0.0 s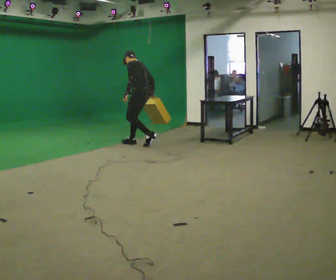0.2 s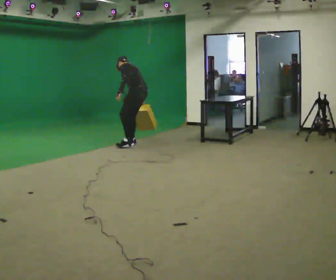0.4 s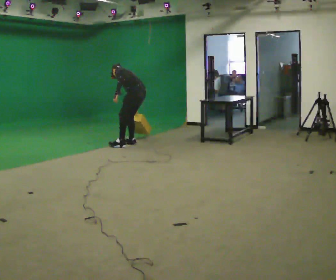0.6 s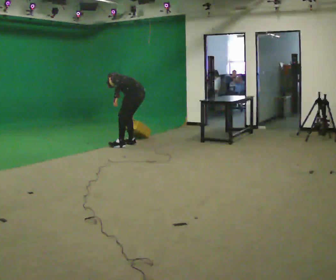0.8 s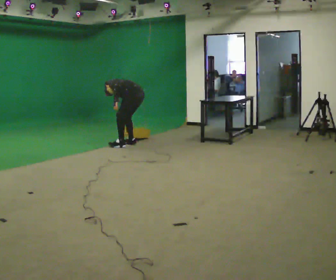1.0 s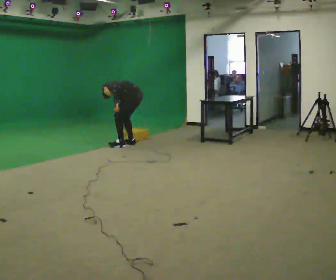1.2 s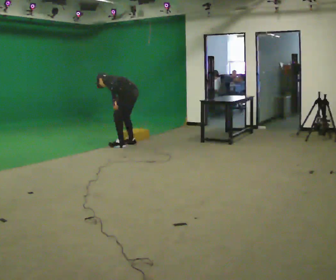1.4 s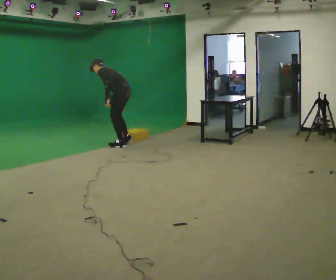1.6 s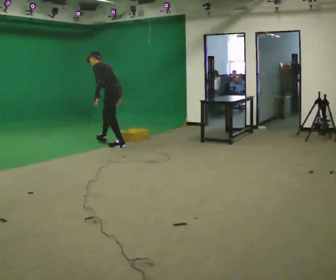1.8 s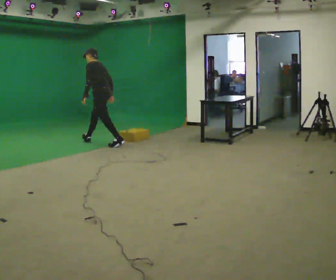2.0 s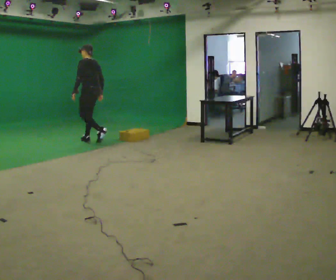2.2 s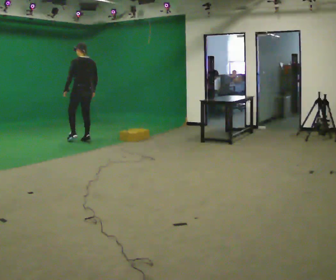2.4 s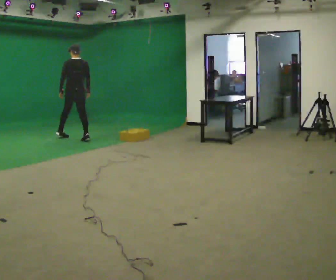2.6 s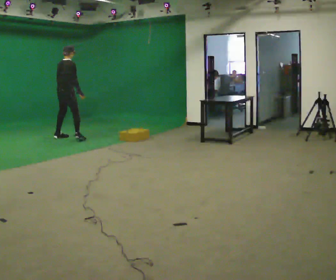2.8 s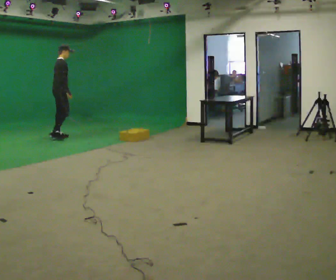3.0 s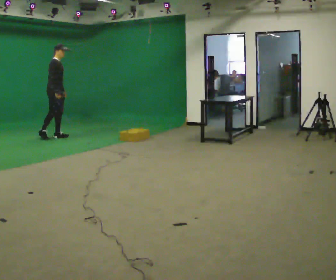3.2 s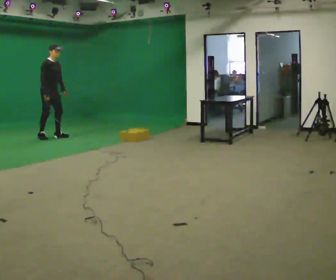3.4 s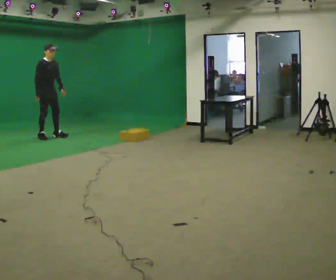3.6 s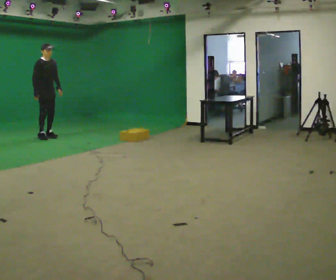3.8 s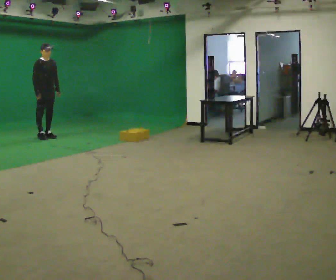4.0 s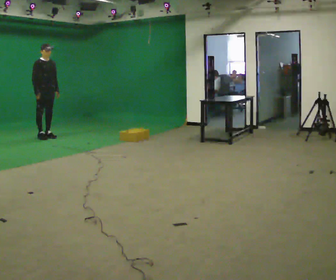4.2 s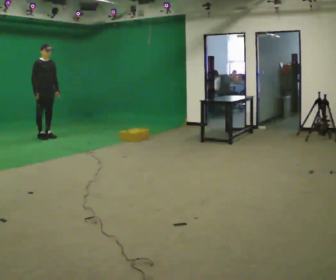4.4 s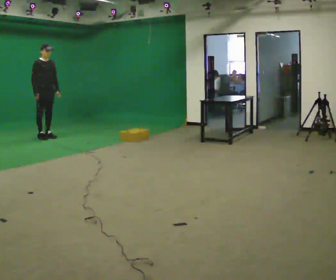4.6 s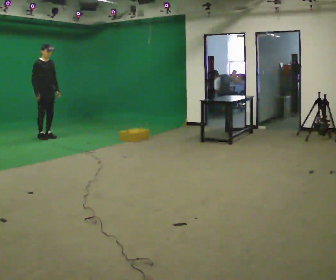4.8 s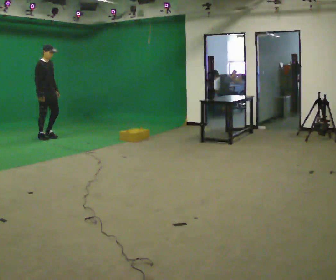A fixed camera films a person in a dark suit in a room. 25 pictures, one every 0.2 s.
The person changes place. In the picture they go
to the left.
0.0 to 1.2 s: In the picture they go to the left, about 0.25 m in 1 step, which for them is forward and to their left.
1.2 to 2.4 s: The person turns about 75 degrees to their right, clockwise seen from above, so the part of the body nearest the lens slides to the left. In the picture they go to the left and away from the camera, about 1 m in 1 step. The shoulders move upward. In the picture the upper body tilts clockwise, shoulders to the right, as they lean back or straighten.
2.4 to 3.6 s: The person turns about 120 degrees to their right, clockwise seen from above, so the part of the body nearest the lens slides to the left. In the picture they go to the left, about 0.5 m in 2 steps. The upper body tips toward the camera, its near side rolling downward.
3.6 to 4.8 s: The person moves a little, or ends about where they began.
The film runs forward here.
